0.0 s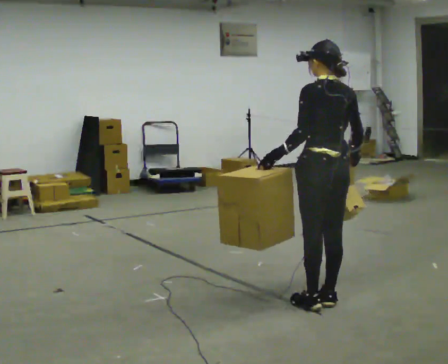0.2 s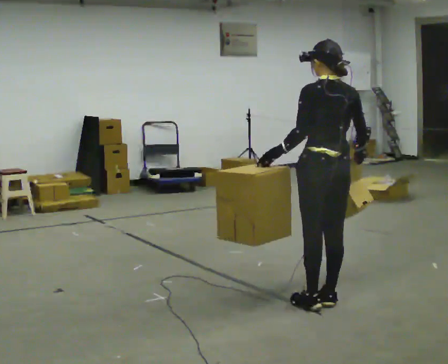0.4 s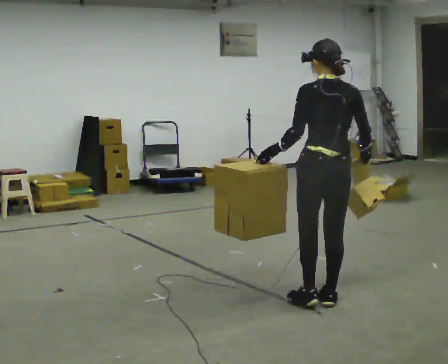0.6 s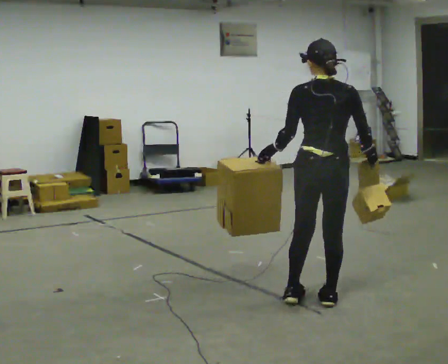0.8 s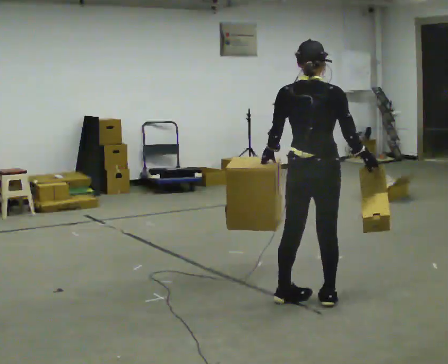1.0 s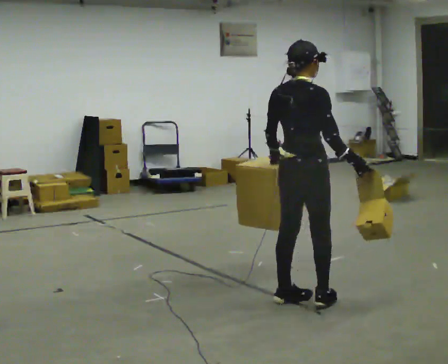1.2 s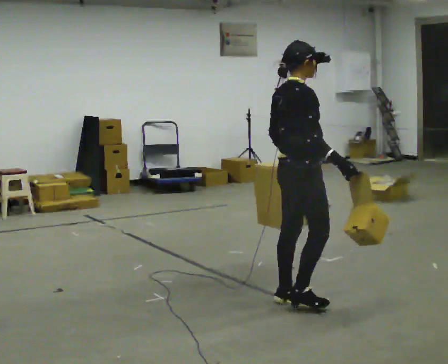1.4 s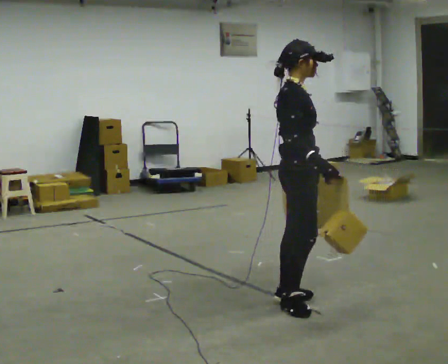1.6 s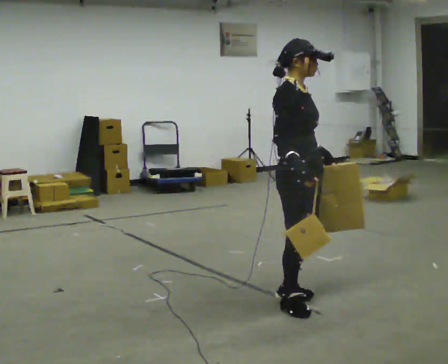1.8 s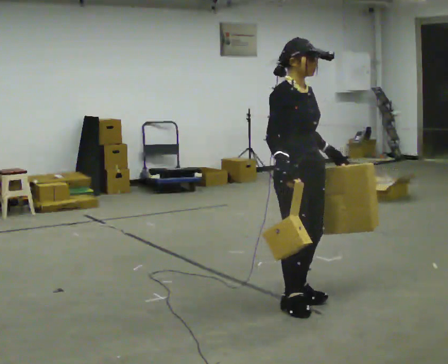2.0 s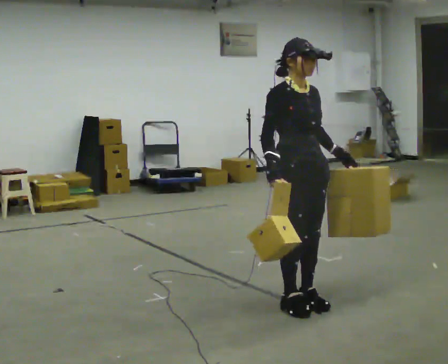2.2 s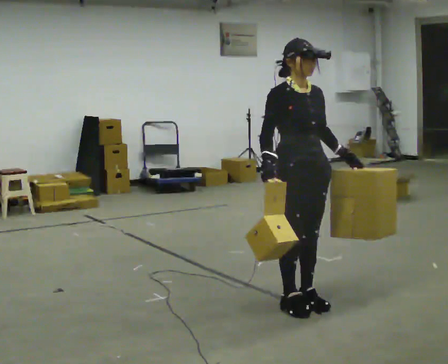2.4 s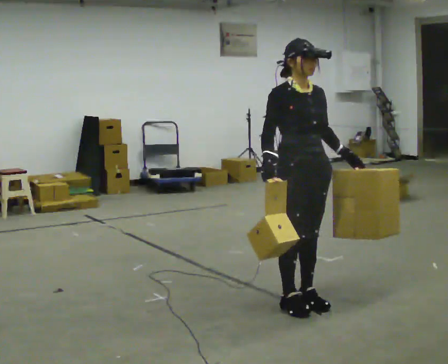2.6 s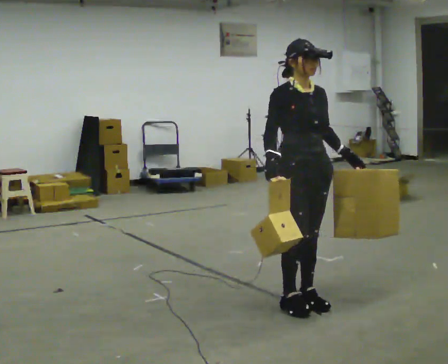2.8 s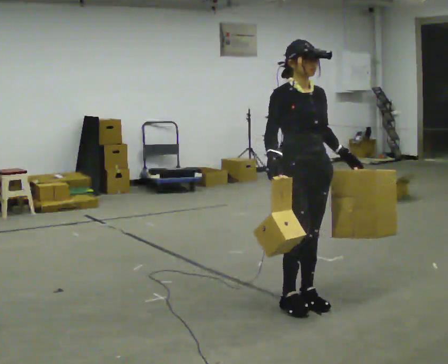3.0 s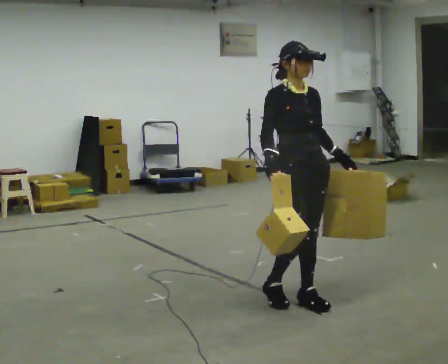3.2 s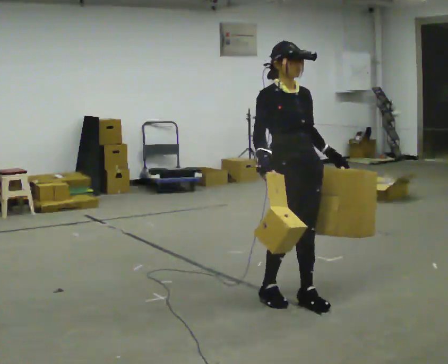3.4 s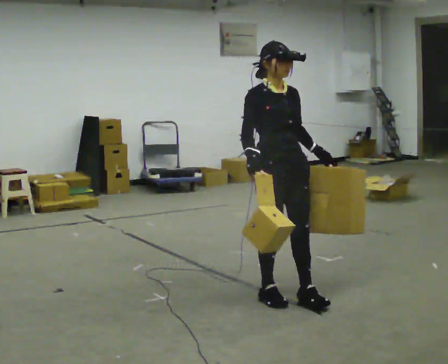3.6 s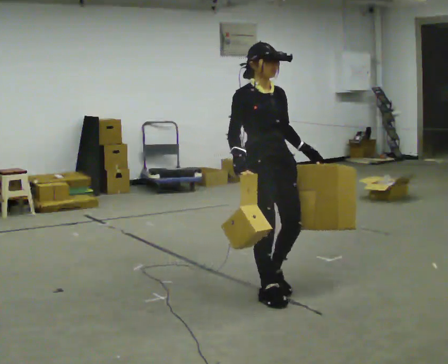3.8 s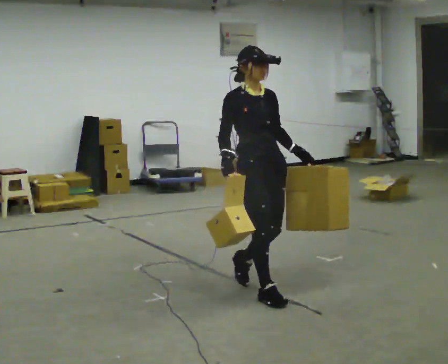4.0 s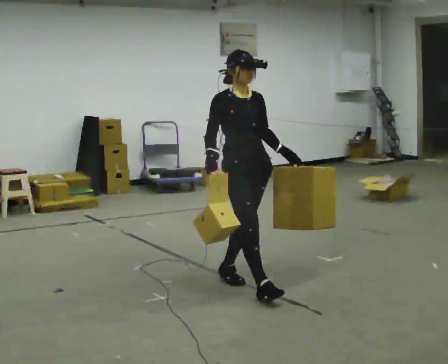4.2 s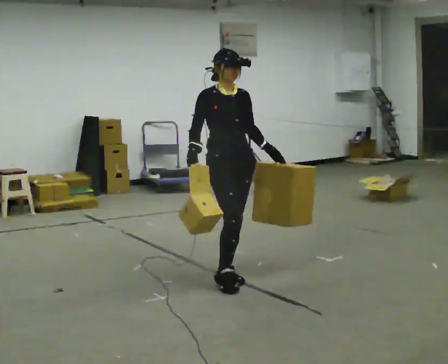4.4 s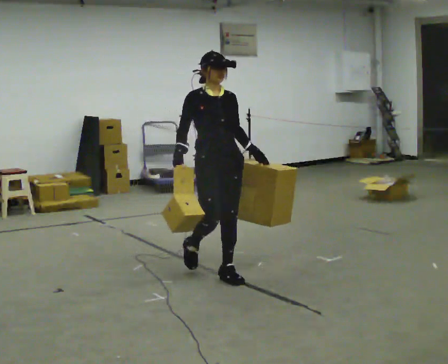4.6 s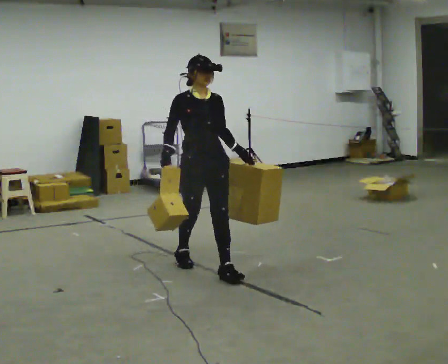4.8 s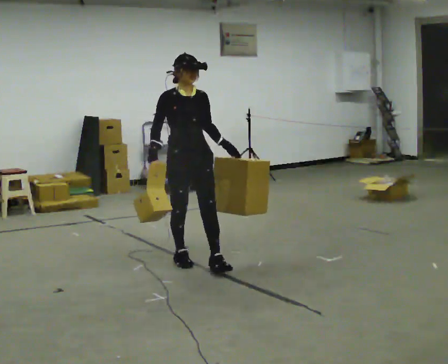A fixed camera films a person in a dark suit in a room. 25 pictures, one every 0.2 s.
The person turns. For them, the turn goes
to their right.
The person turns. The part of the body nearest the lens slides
to the left.
0.0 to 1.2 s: The person turns about 105 degrees to their right, clockwise seen from above, so the part of the body nearest the lens slides to the left. In the picture they go to the left, about 0.25 m in 2 steps.
1.2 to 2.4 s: The part of the body nearest the lens slides to the left as the person turns to their right by about 75 degrees. In the picture their right hand goes to the left, the arm swinging clockwise.
2.4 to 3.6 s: In the picture they go to the left and away from the camera, about 0.25 m in 2 steps, which for them is backward.
3.6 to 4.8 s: In the picture they go away from the camera and to the left, about 1 m in 2 steps, which for them is backward.
The film runs backward here.
